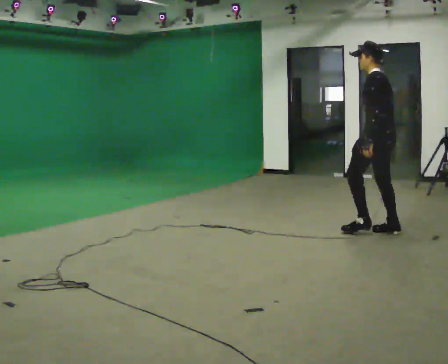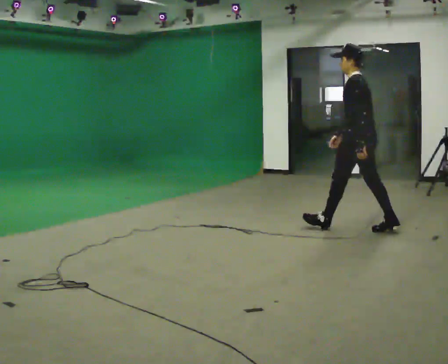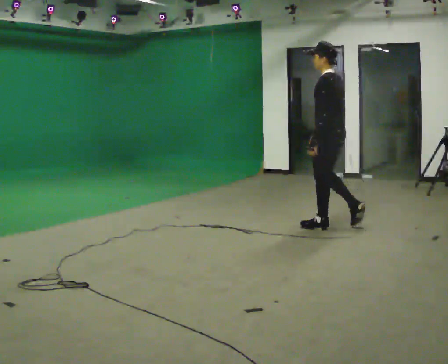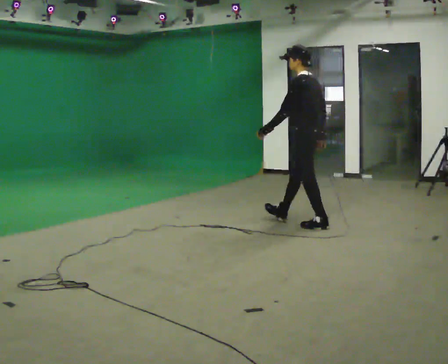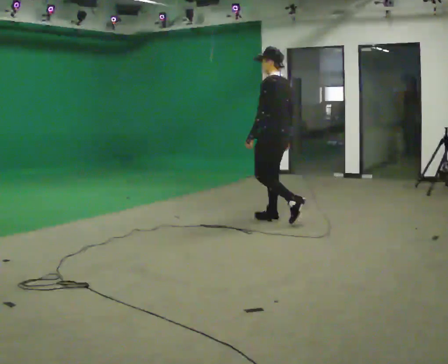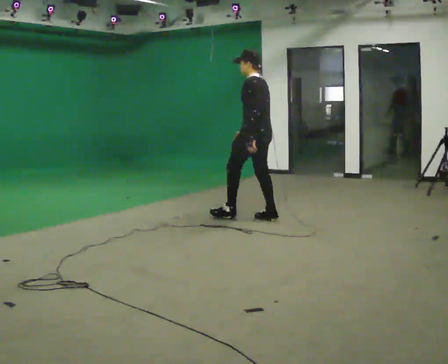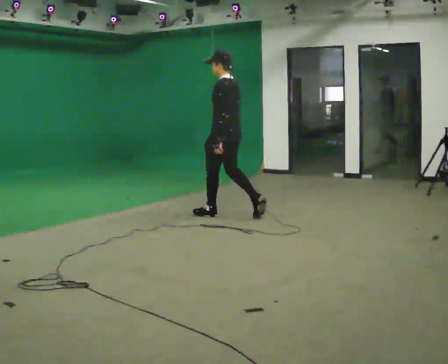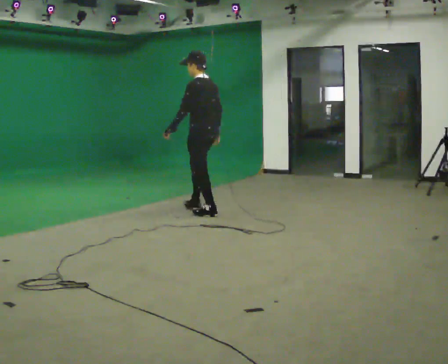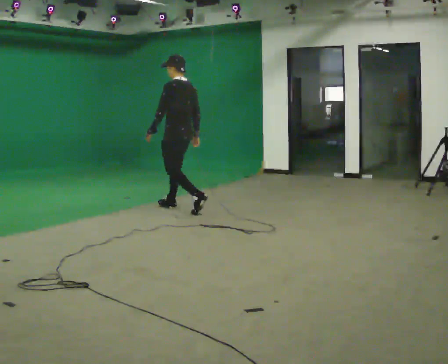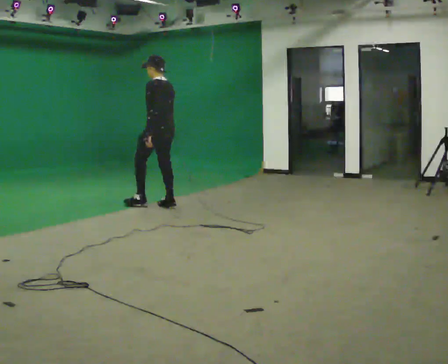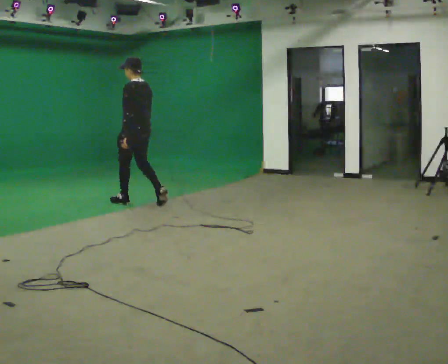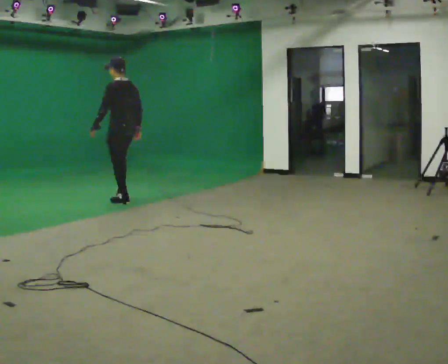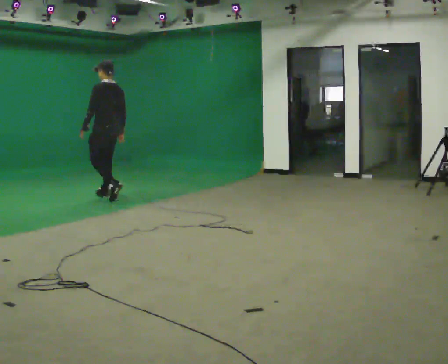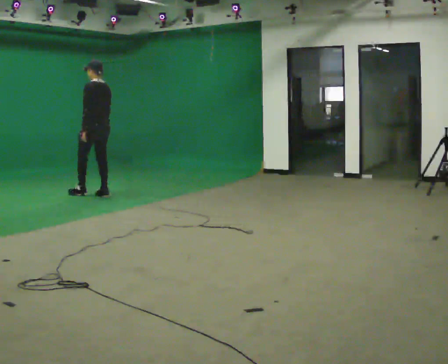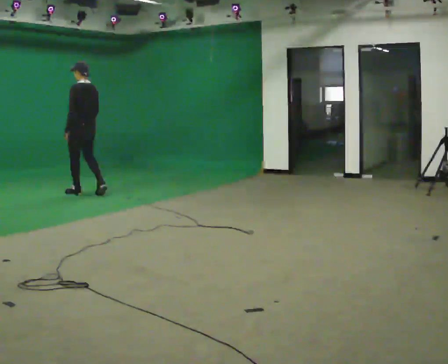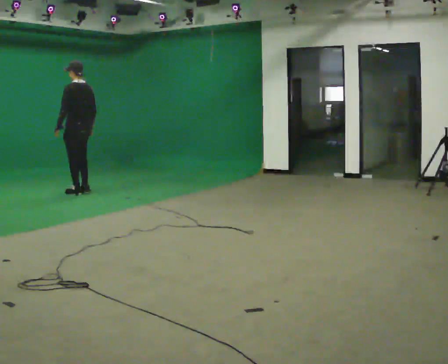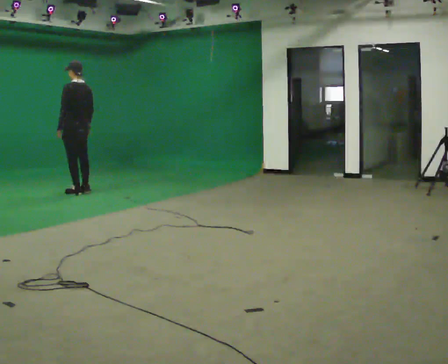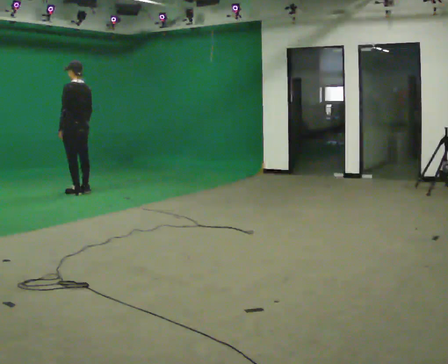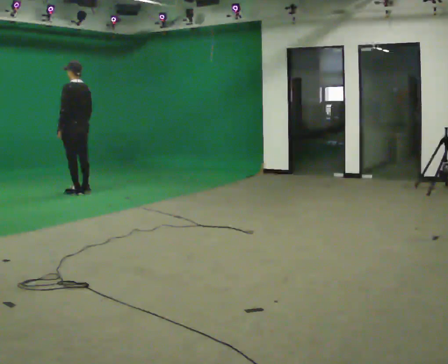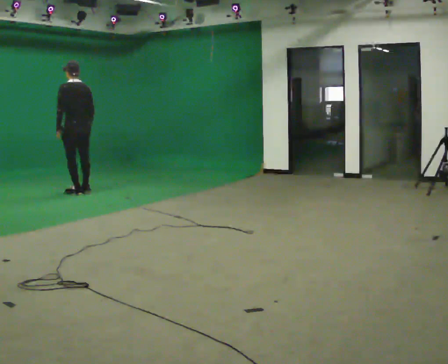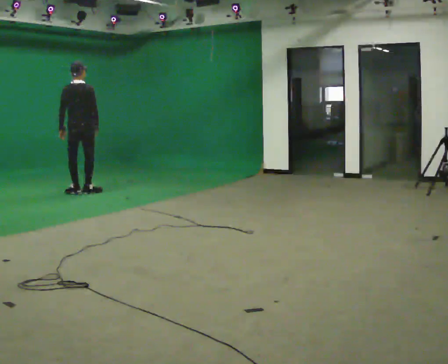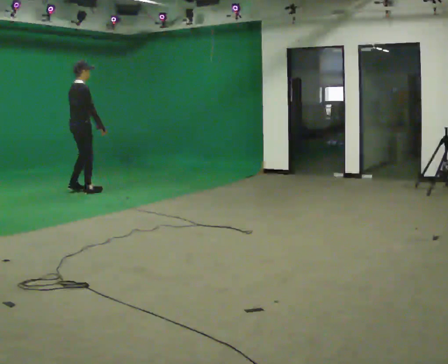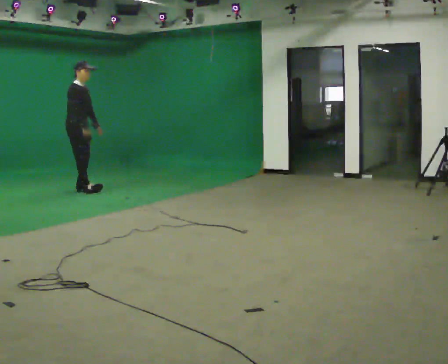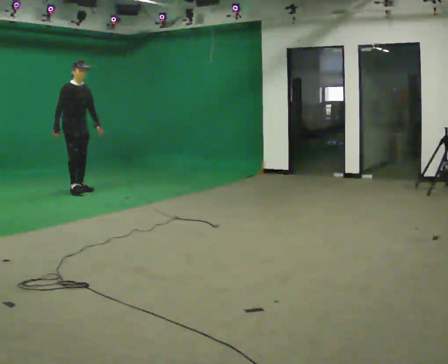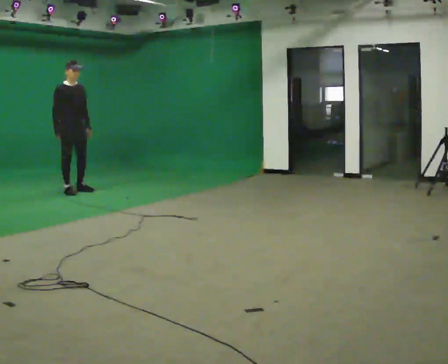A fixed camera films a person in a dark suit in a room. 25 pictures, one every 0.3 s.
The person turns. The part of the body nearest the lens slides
to the left.
The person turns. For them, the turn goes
to their right.
0.0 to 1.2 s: In the picture they go away from the camera and to the left, about 1 m in 2 steps, which for them is forward.
1.2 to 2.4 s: In the picture they go to the left and away from the camera, about 1 m in 2 steps, which for them is forward.
2.4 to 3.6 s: In the picture they go to the left and away from the camera, about 1 m in 2 steps, which for them is forward.
3.6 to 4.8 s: In the picture they go to the left and away from the camera, about 0.5 m in 2 steps, which for them is forward.
4.8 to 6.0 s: The part of the body nearest the lens slides to the left as the person turns to their right by about 75 degrees.
6.0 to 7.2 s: The person turns about 120 degrees to their right, clockwise seen from above, so the part of the body nearest the lens slides to the left. In the picture they go to the left, about 0.25 m in 2 steps. In the picture their left hand goes to the right, the arm swinging counterclockwise.
The film runs forward here.
